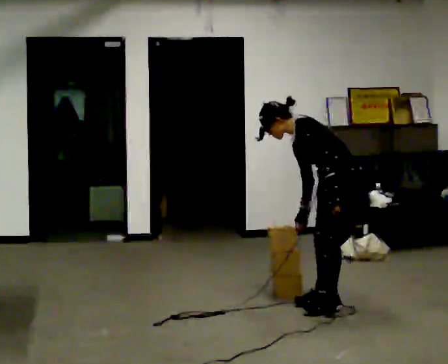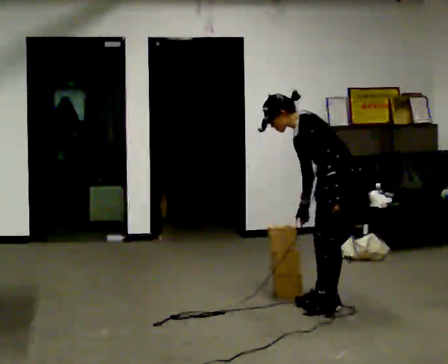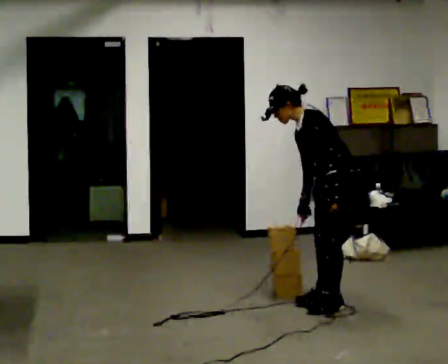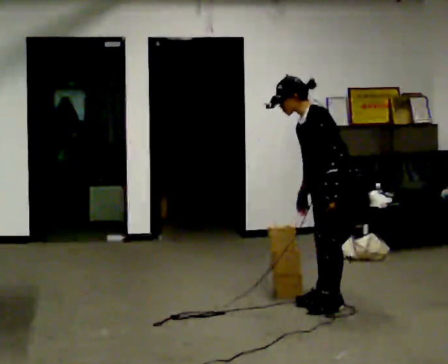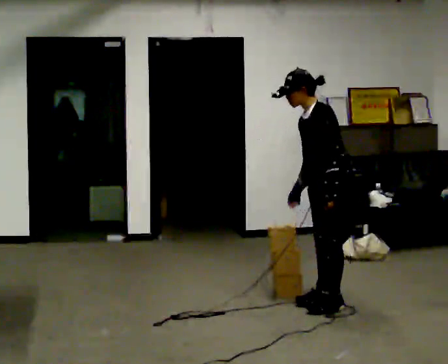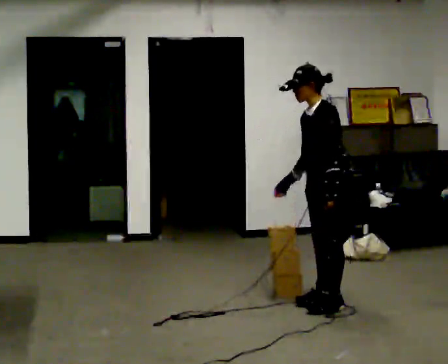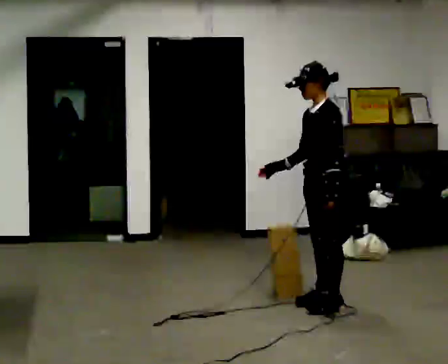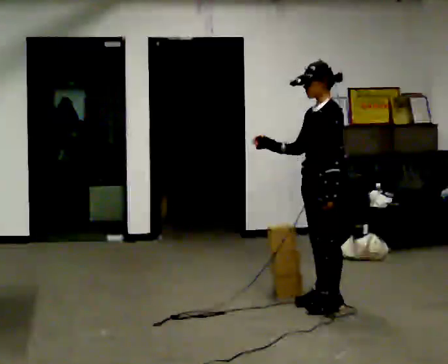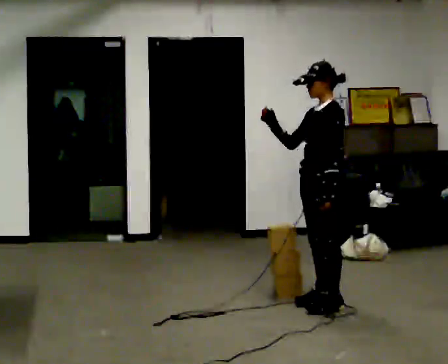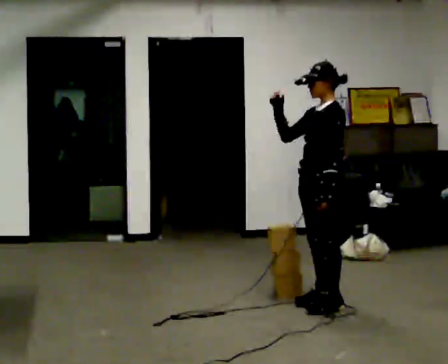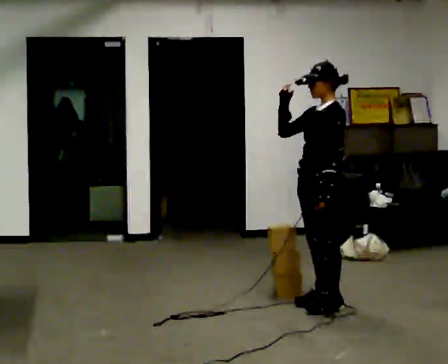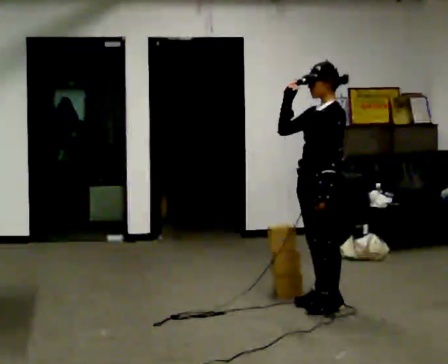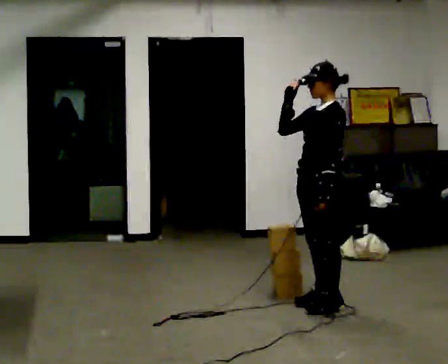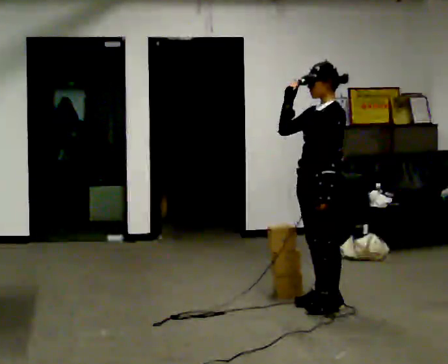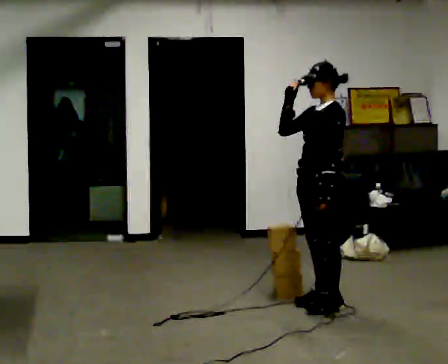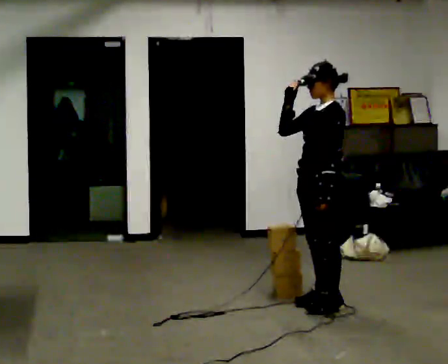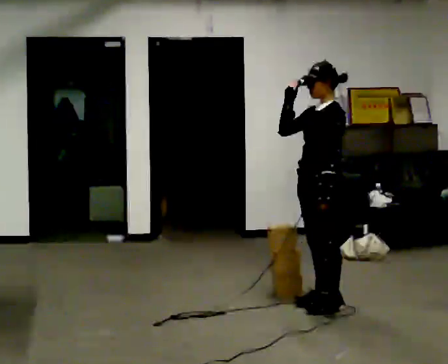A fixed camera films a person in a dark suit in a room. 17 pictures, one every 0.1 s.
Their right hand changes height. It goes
upward.
The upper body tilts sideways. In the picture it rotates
clockwise.
0.0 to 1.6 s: In the picture the upper body tilts clockwise, shoulders to the right, as they lean back or straighten. In the picture their right hand goes upward.
The film runs forward here.
